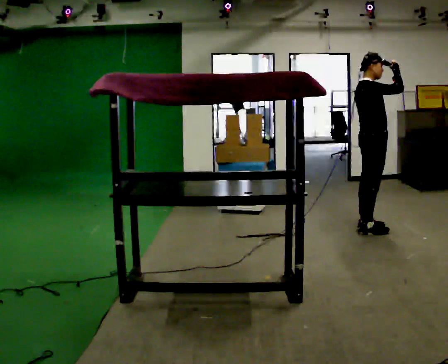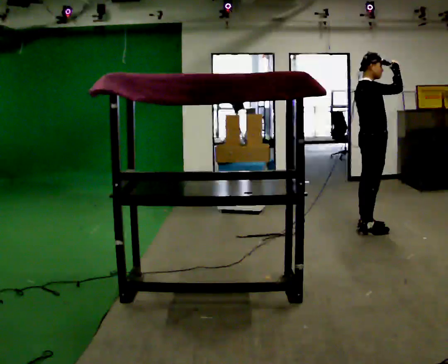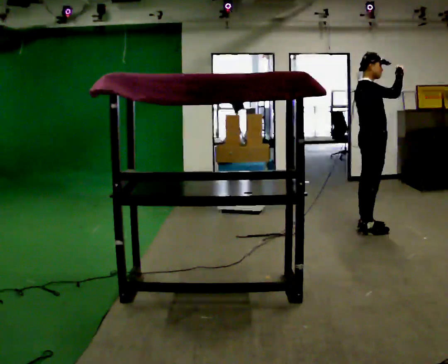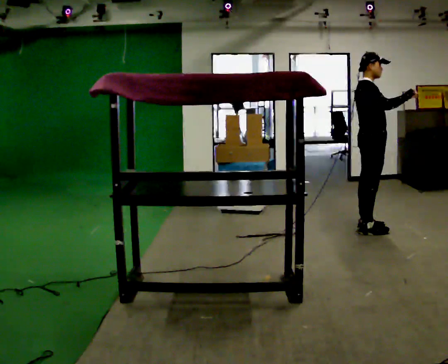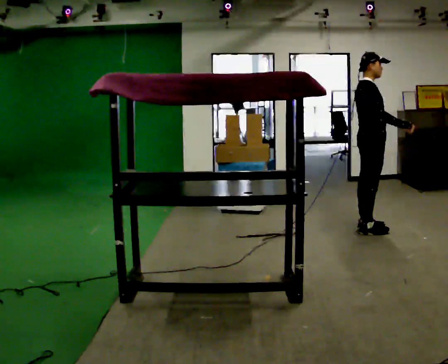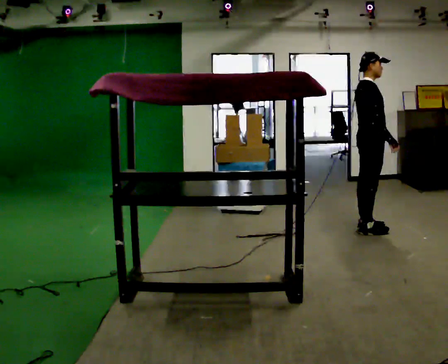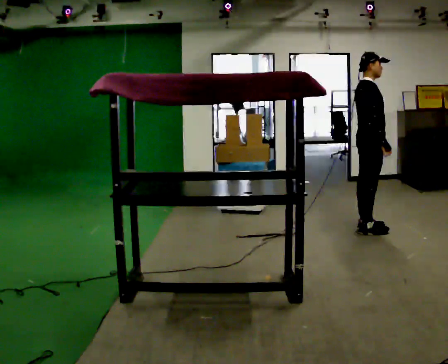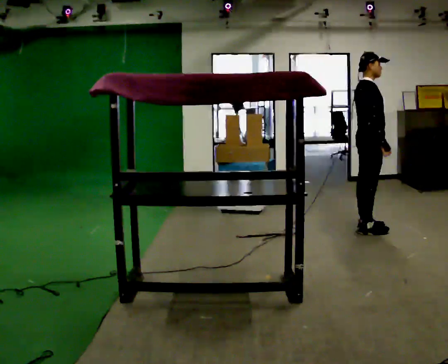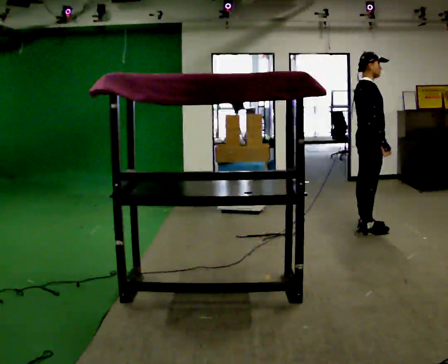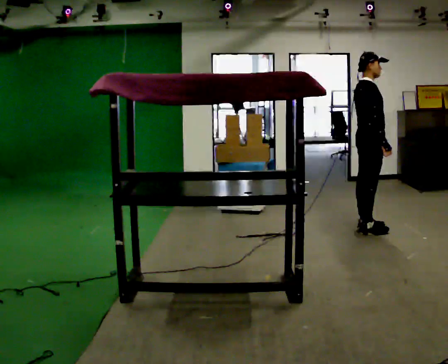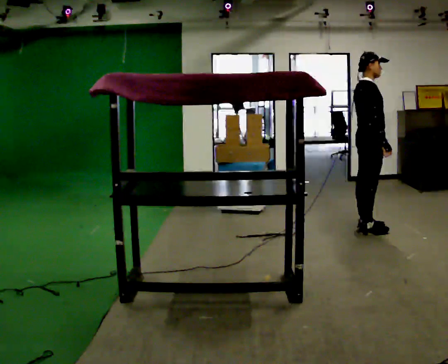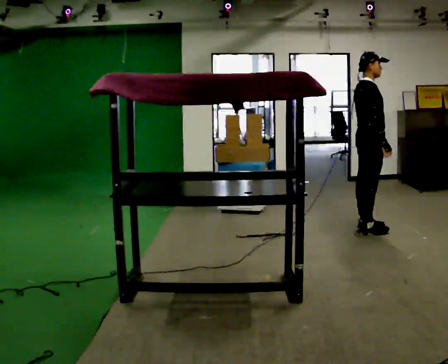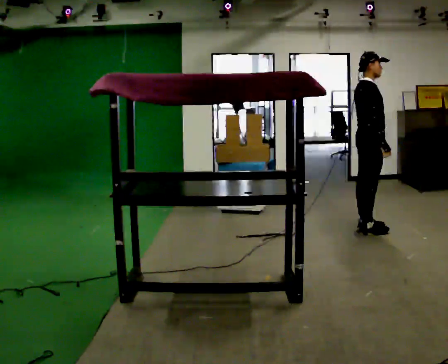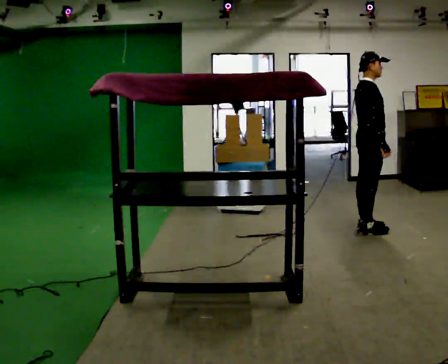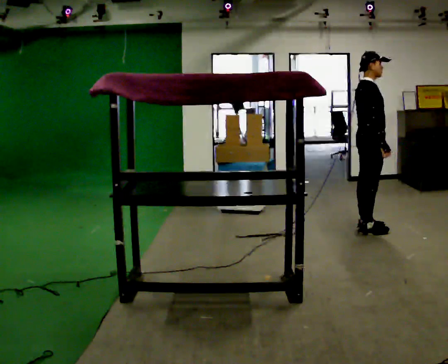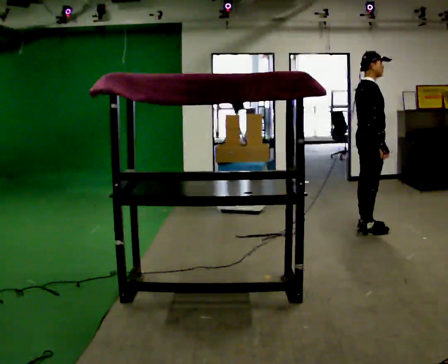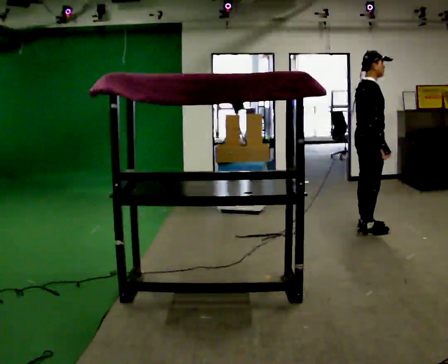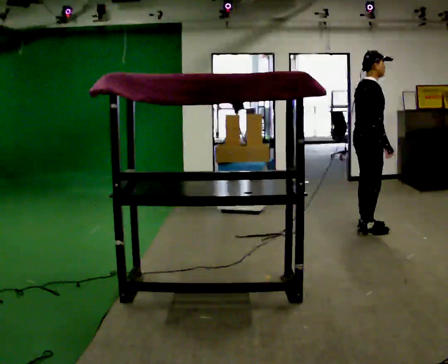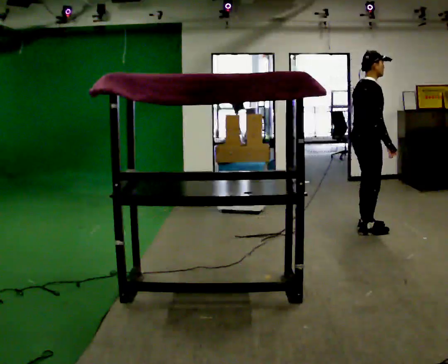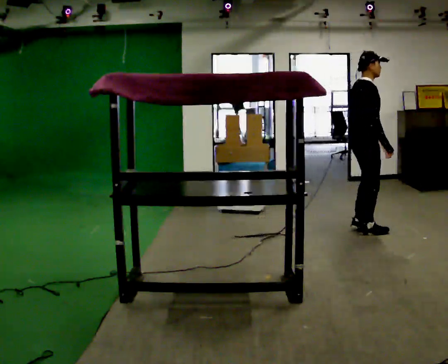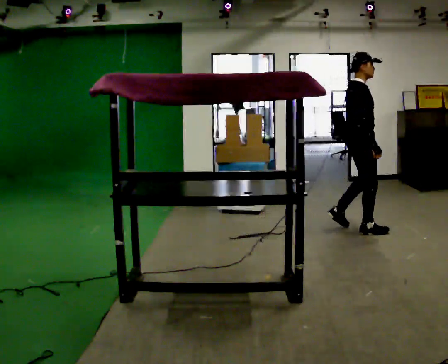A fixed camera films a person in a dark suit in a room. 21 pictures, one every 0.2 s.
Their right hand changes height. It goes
downward.
Their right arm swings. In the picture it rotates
clockwise.
0.0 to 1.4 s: In the picture their right hand goes downward, the arm swinging clockwise.
1.4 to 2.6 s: The person keeps their place and pose.
2.6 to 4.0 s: The person moves a little, or ends about where they began.
The film runs backward here.
